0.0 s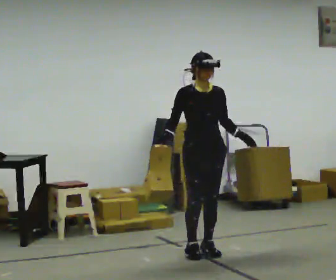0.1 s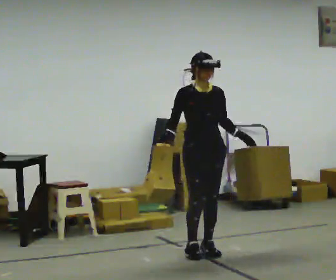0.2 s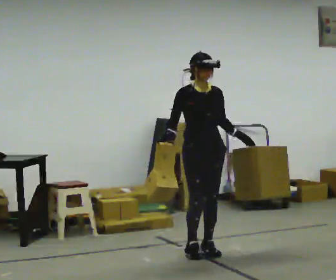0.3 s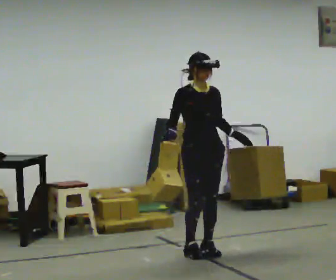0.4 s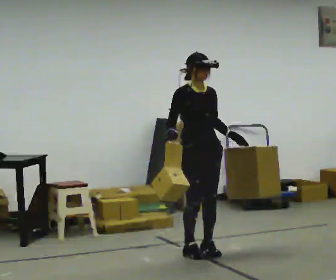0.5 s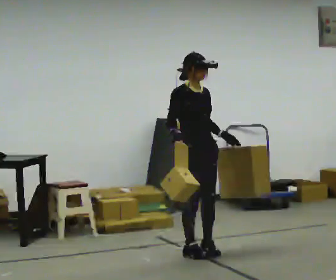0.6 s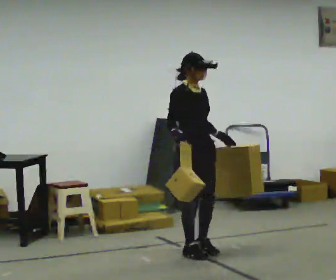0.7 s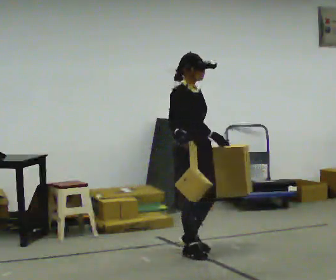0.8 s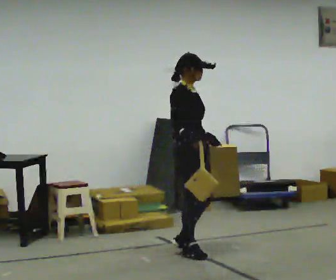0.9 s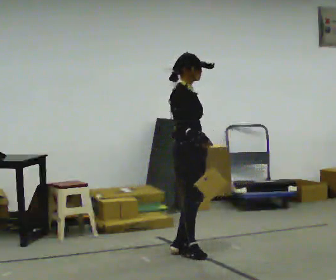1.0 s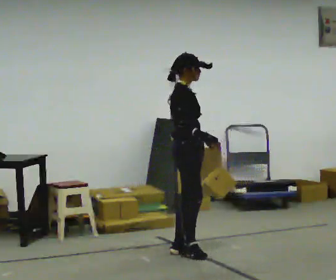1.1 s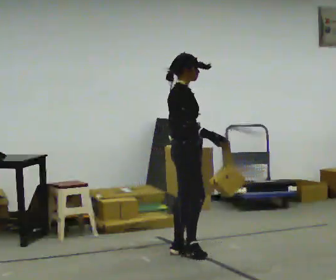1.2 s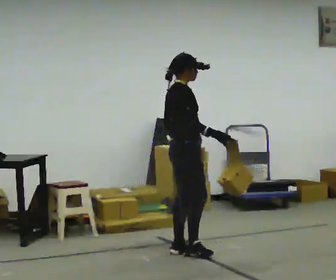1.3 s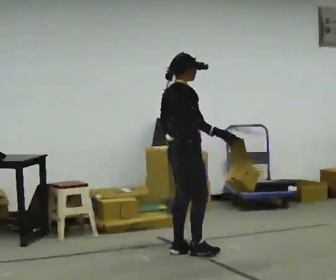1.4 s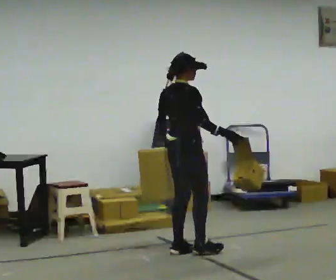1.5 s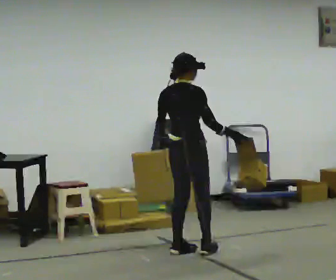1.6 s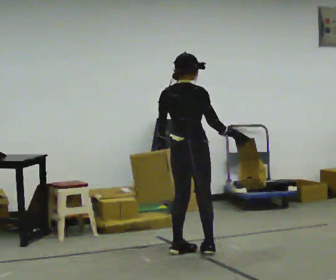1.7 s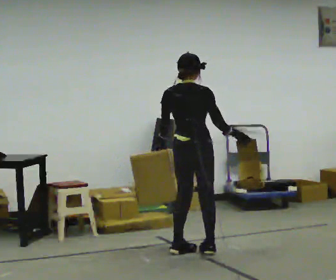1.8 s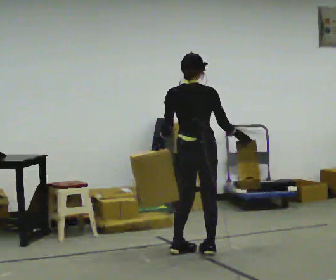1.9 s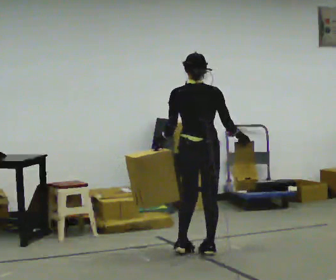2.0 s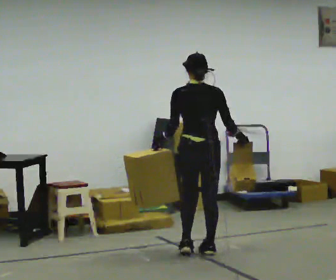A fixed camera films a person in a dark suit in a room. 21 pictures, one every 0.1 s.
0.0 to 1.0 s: The part of the body nearest the lens slides to the right as the person turns to their left by about 60 degrees.
1.0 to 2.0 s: Seen from above the body turns counterclockwise, about 105 degrees: to their left, with its near side sliding to the right.
The film runs backward here.
